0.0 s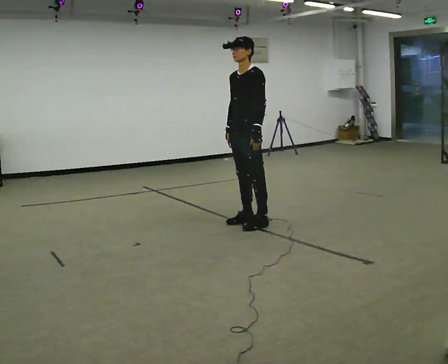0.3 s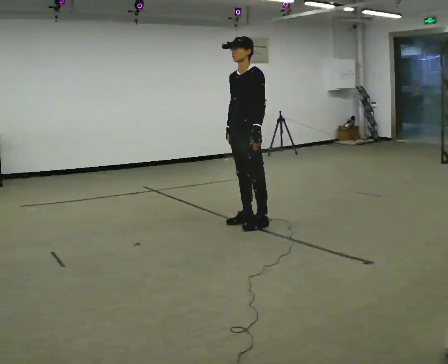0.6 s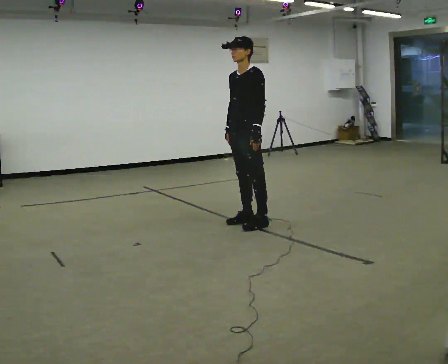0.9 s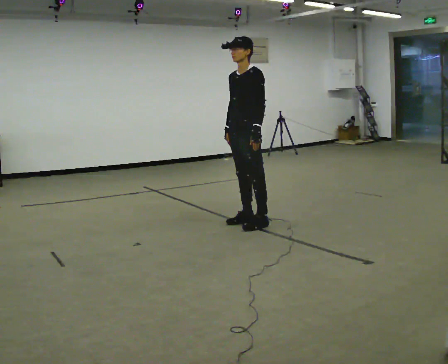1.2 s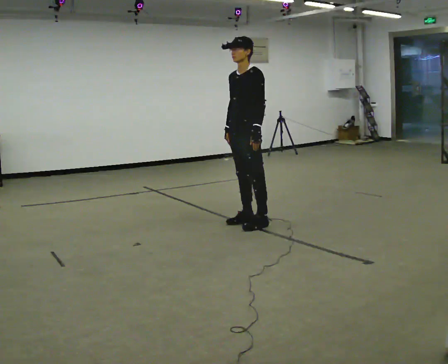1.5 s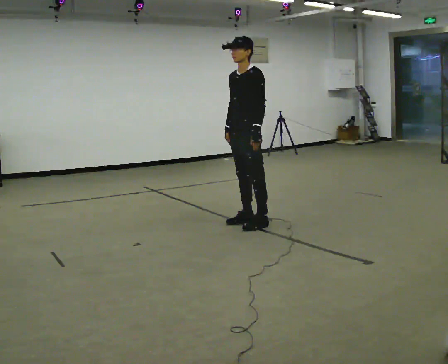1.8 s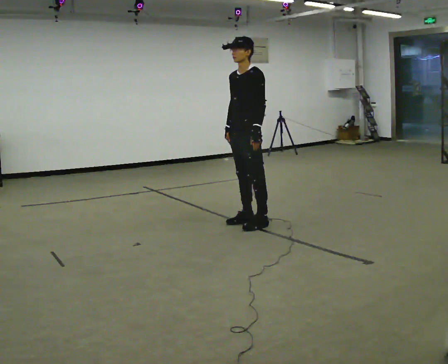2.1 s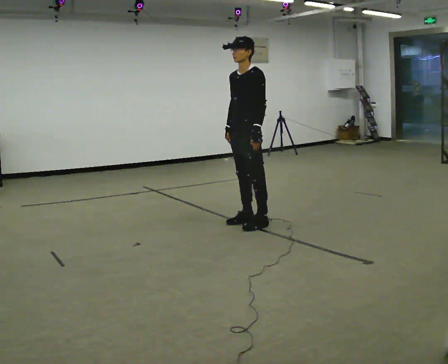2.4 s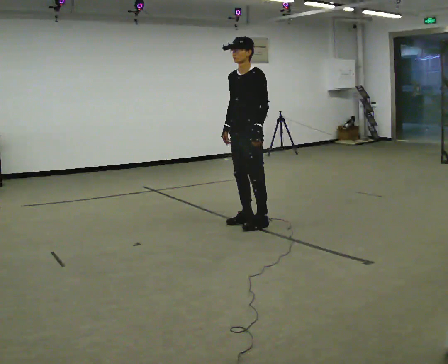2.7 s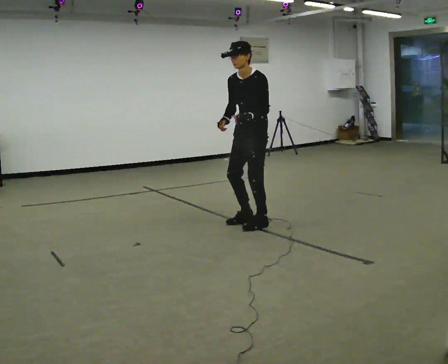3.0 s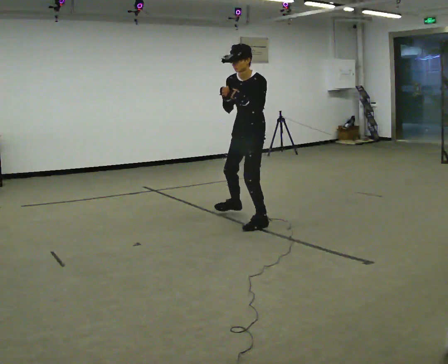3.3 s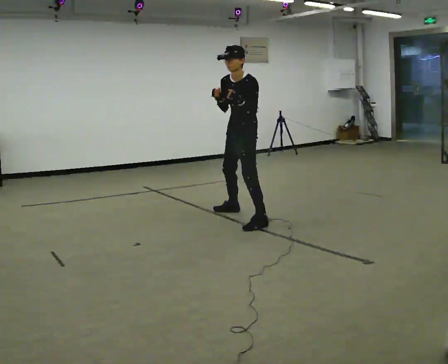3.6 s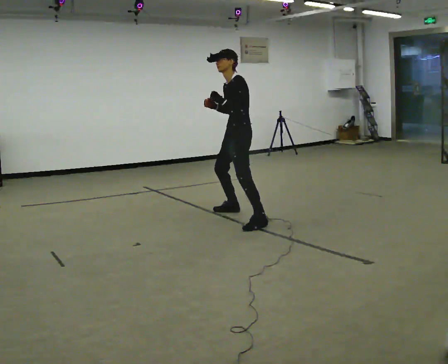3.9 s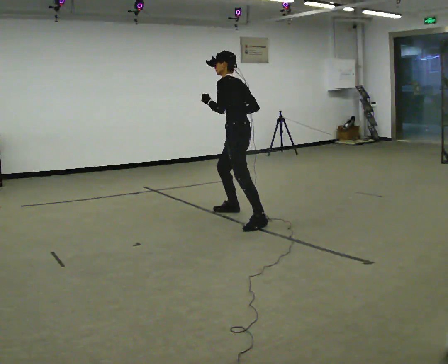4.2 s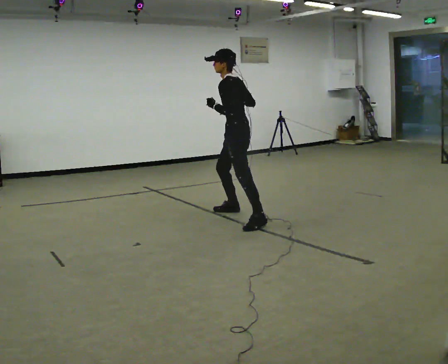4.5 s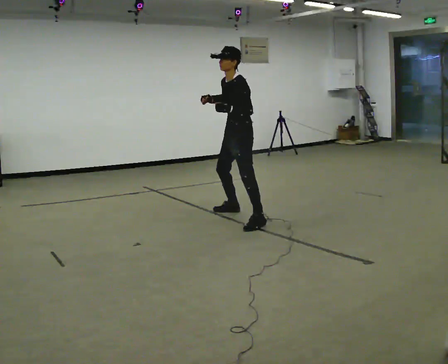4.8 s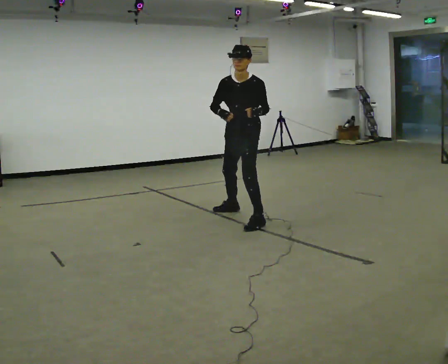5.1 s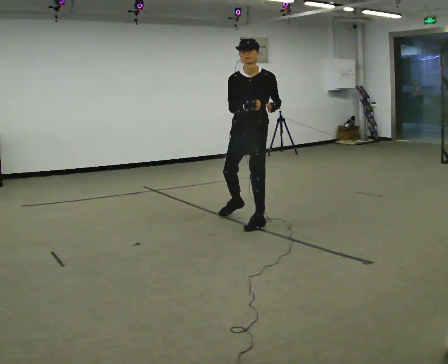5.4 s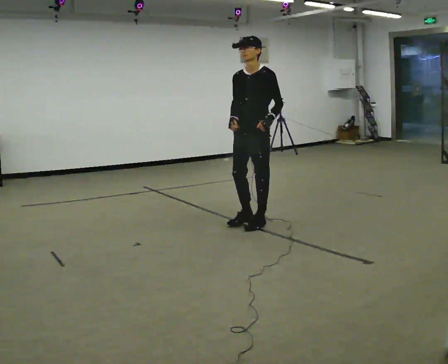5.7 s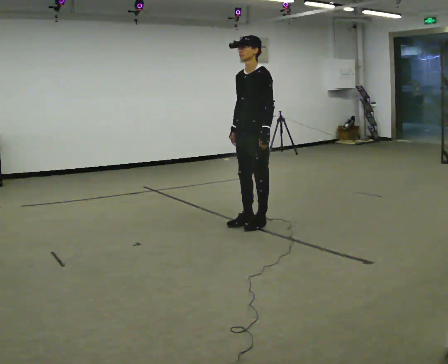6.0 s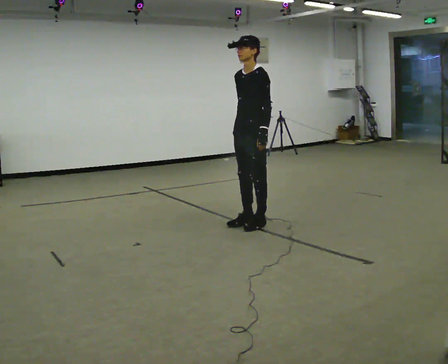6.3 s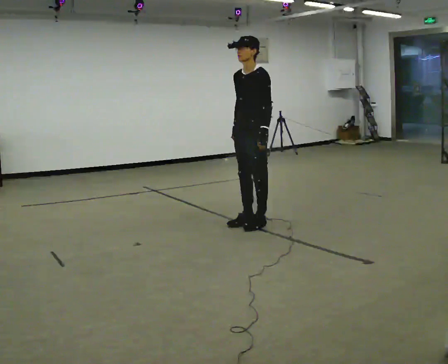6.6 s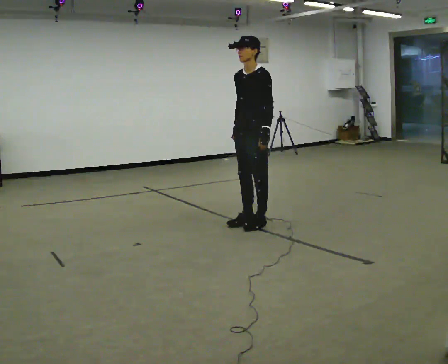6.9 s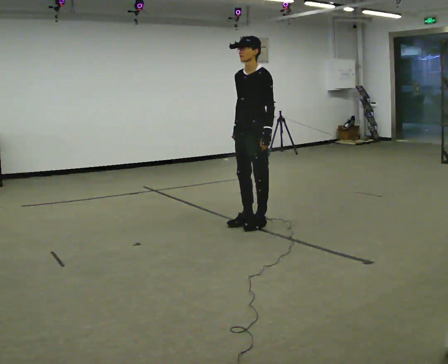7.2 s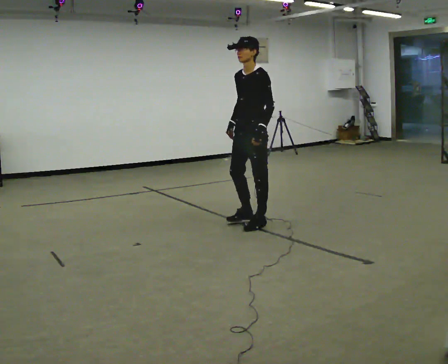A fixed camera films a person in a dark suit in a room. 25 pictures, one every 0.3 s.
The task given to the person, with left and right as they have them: Repeat a short dance step or sequence over and over in time with a steady beat.
0.0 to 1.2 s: The person keeps their place and pose.
1.2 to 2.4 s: The person moves a little, or ends about where they began.
2.4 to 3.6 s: In the picture they go away from the camera, about 0.25 m in 1 step, which for them is to their right and backward.
3.6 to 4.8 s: The person turns about 45 degrees to their left, counterclockwise seen from above, so the part of the body nearest the lens slides to the right. In the picture their left hand goes to the right.
4.8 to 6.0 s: In the picture they go toward the camera, about 0.25 m in 1 step, which for them is to their left and forward.
6.0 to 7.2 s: The person moves a little, or ends about where they began.
The film runs forward here.
